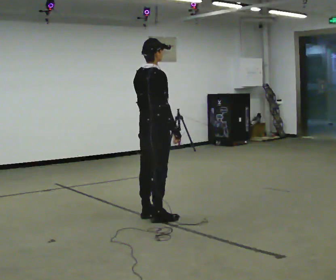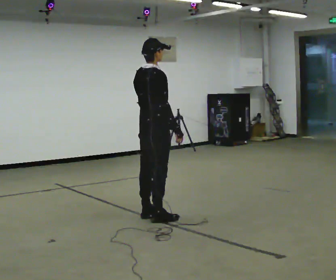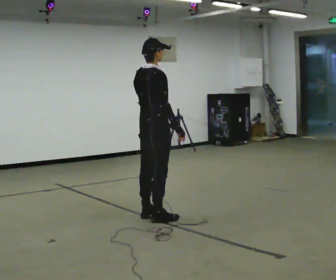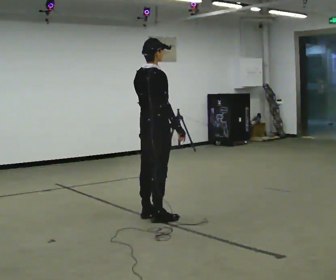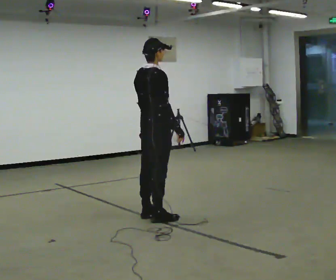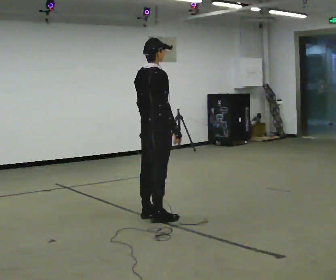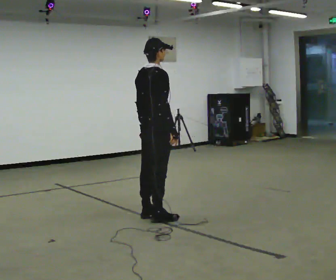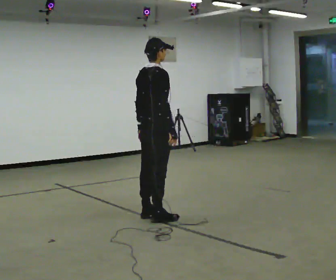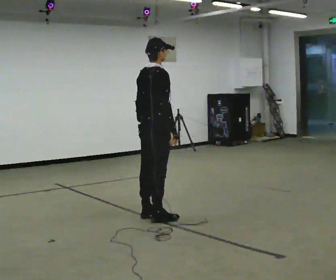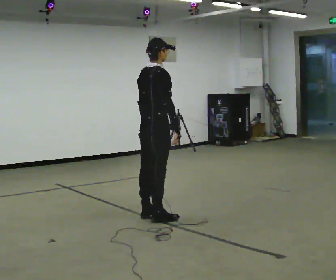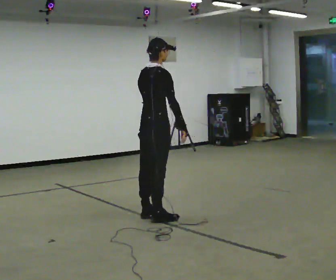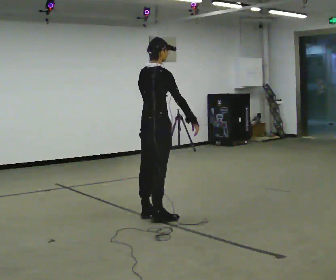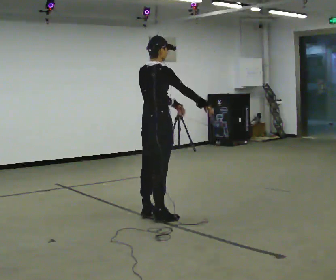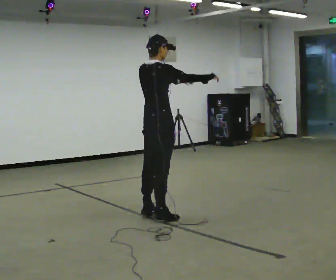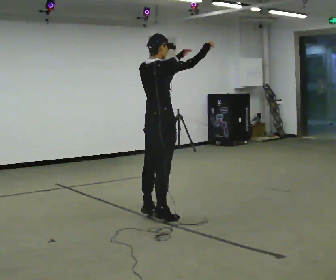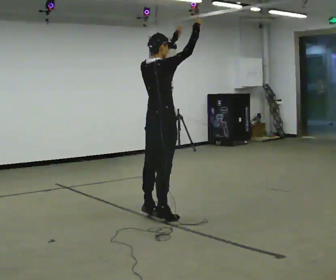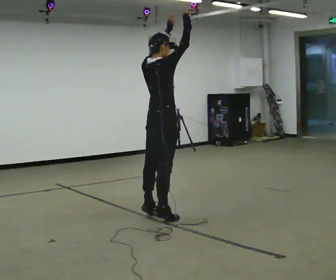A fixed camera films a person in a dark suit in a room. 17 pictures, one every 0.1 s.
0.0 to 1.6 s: In the picture their right hand goes upward, the arm swinging counterclockwise.
The film runs backward here.
